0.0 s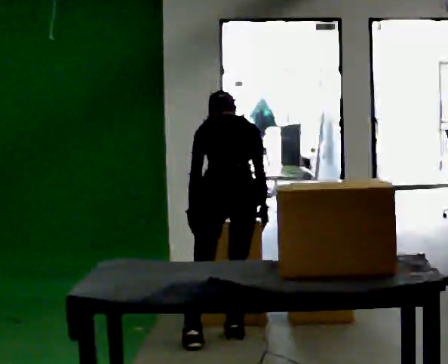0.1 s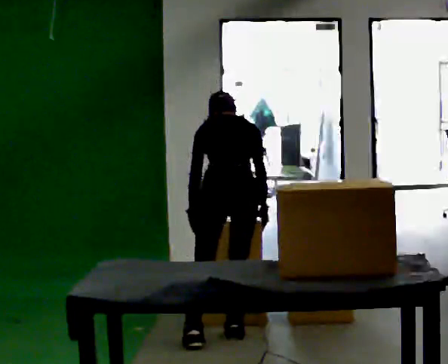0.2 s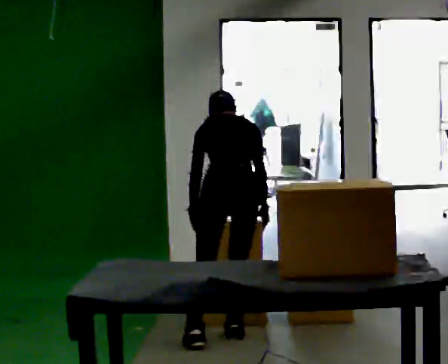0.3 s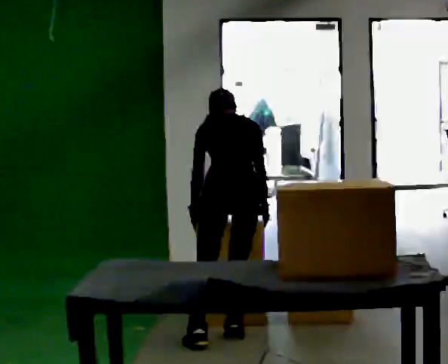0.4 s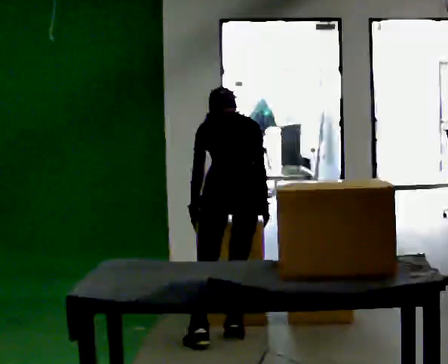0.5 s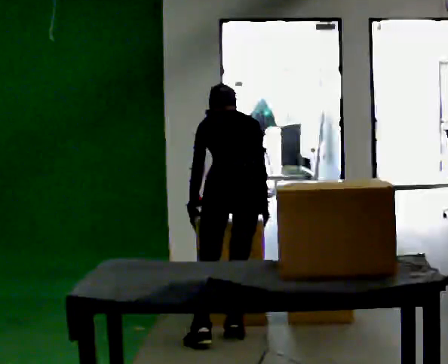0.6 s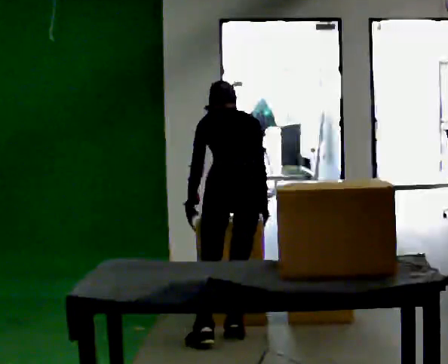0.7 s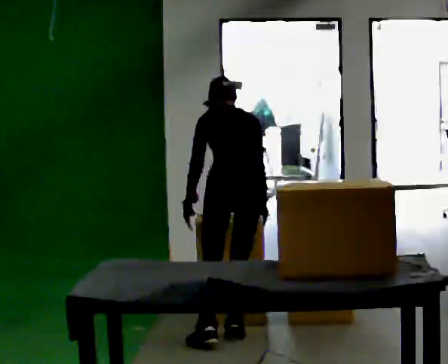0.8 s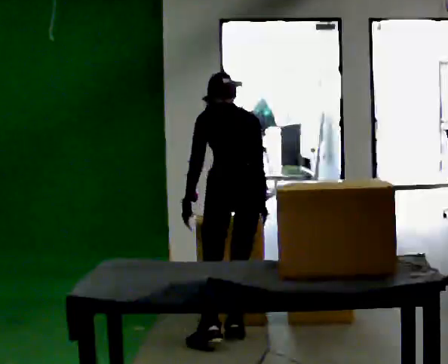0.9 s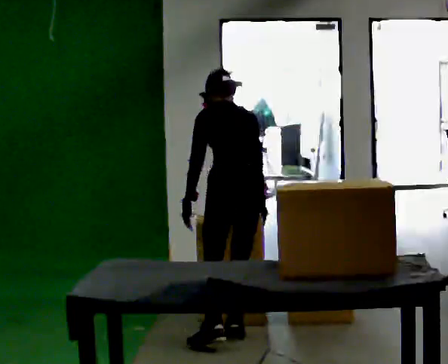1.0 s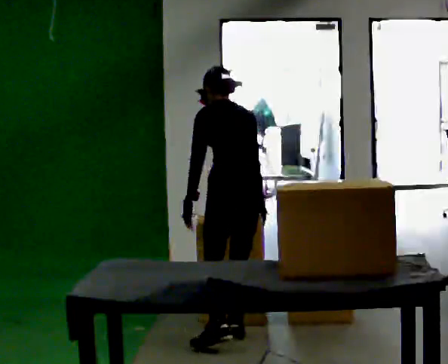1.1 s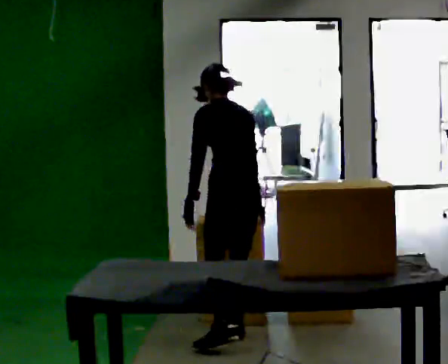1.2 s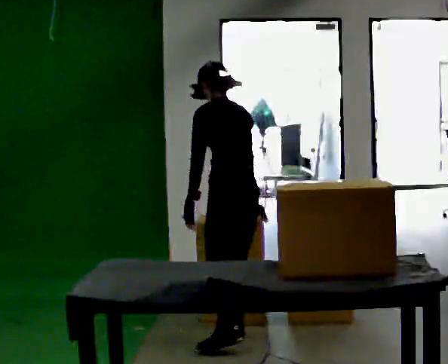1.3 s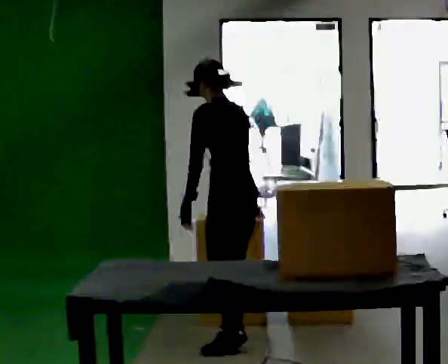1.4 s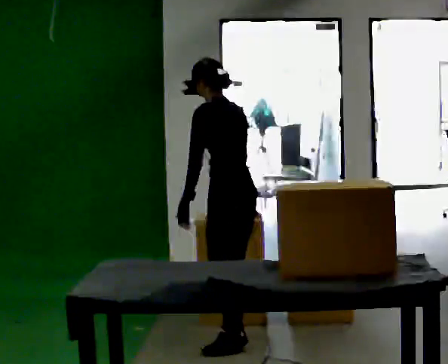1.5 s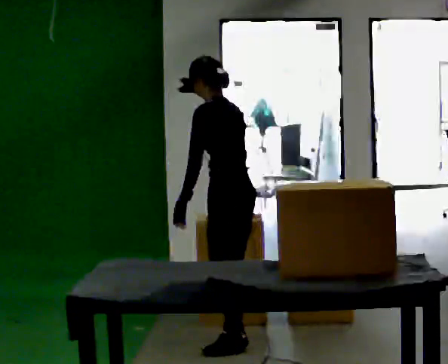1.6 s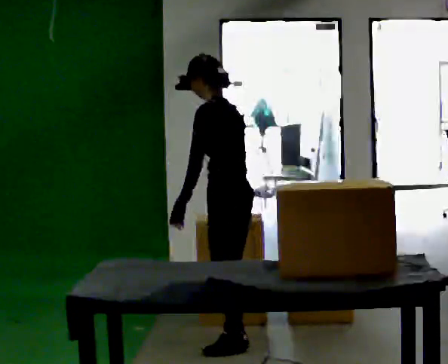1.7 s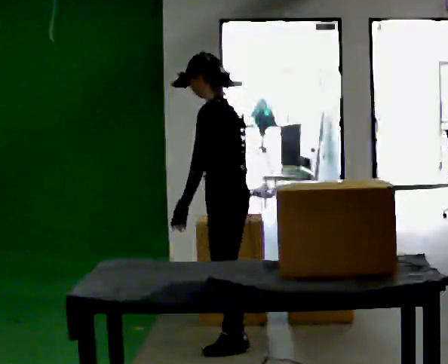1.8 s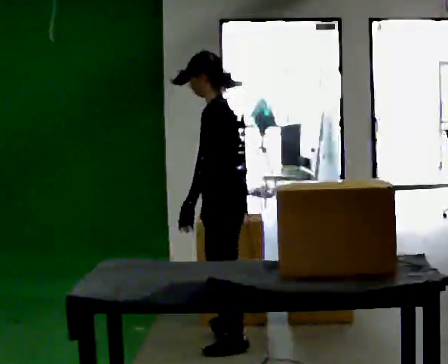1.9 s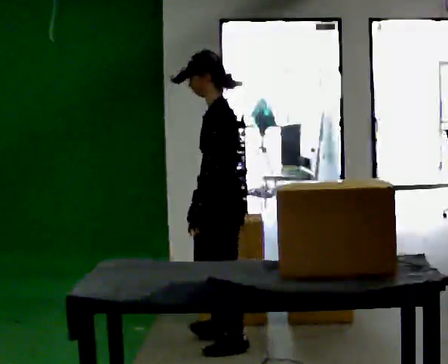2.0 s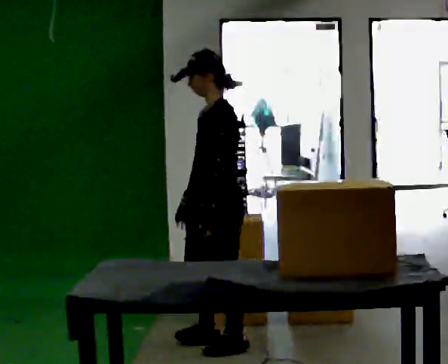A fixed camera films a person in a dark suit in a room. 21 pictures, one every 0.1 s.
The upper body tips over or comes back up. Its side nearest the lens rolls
downward.
The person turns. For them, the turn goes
to their left.
0.0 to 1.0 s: The person turns about 30 degrees to their left, counterclockwise seen from above, so the part of the body nearest the lens slides to the right. The upper body tips toward the camera, its near side rolling downward, as they lean back or straighten.
1.0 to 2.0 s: The person turns about 75 degrees to their left, counterclockwise seen from above, so the part of the body nearest the lens slides to the right. In the picture they go toward the camera, about 0.25 m in 1 step. The upper body tips toward the camera, its near side rolling downward, as they lean back or straighten.
The film runs forward here.
